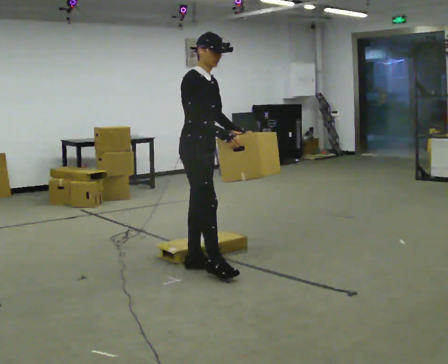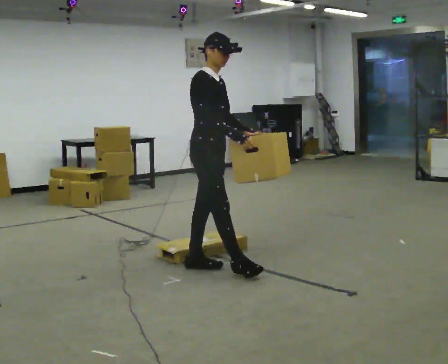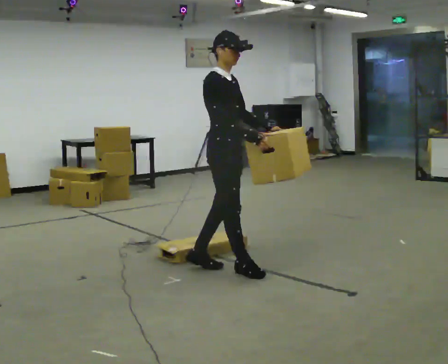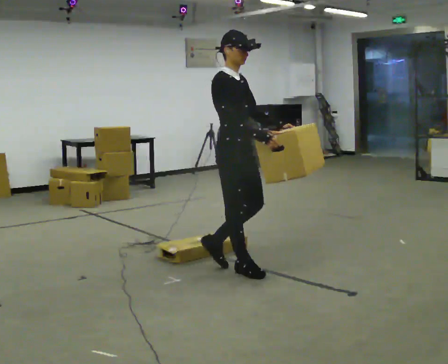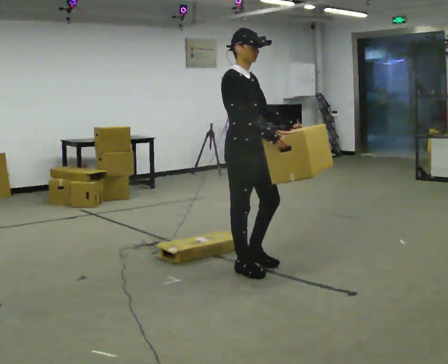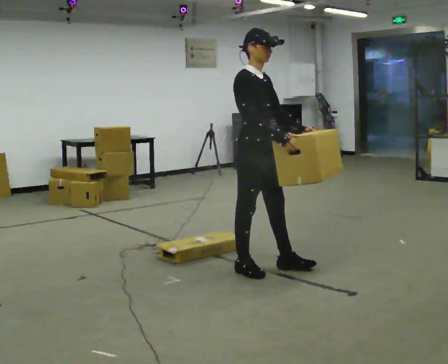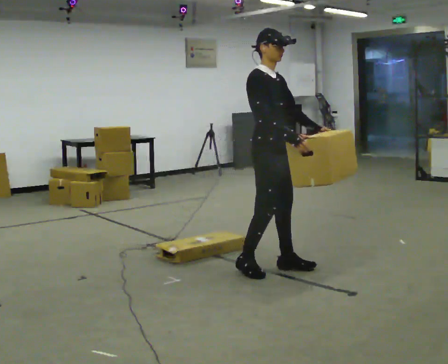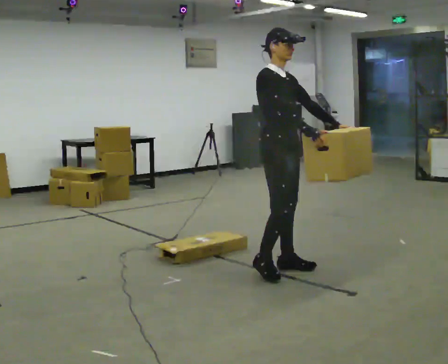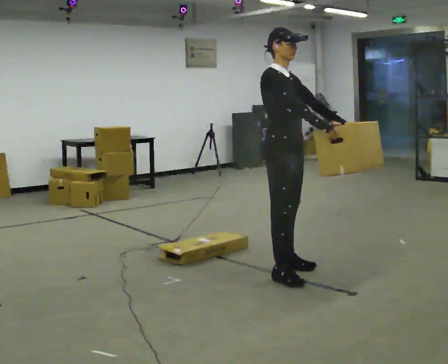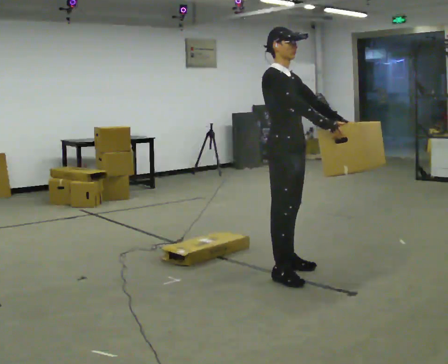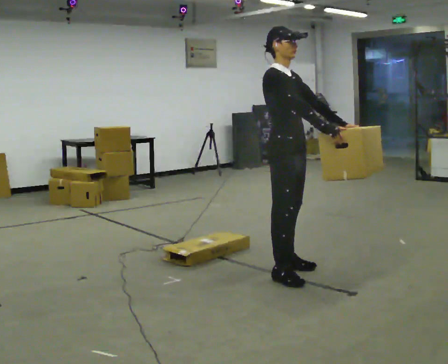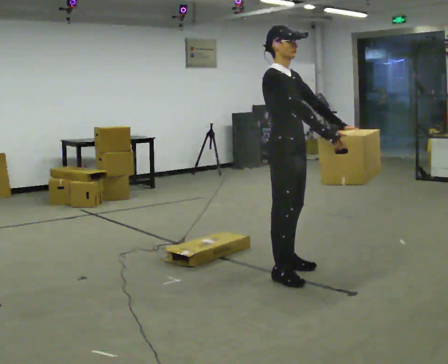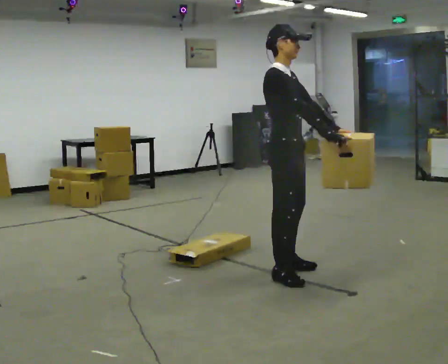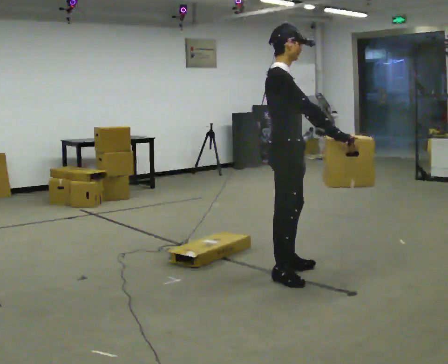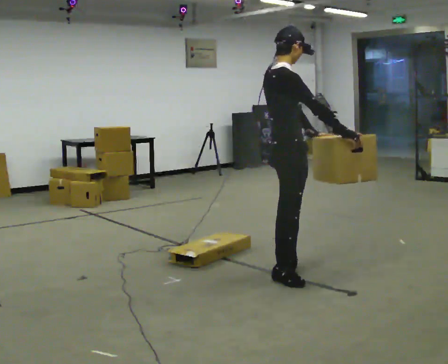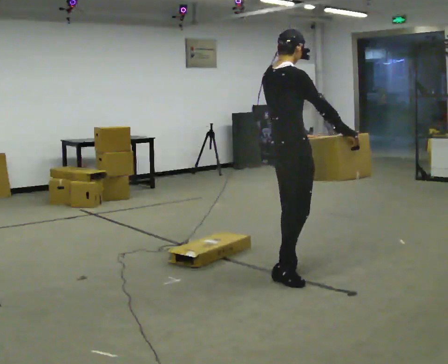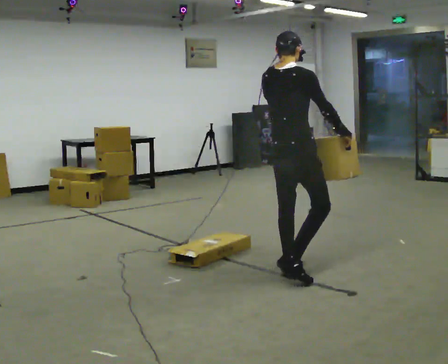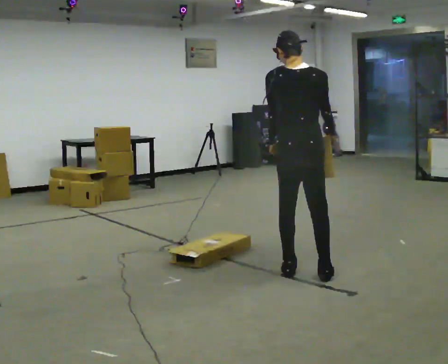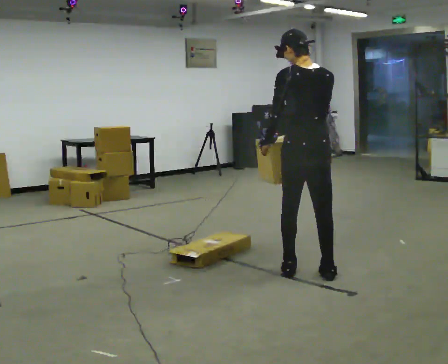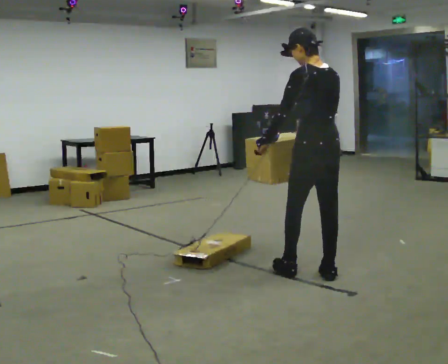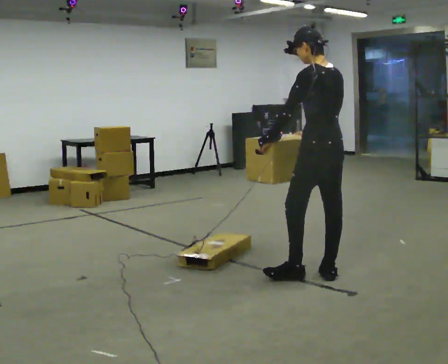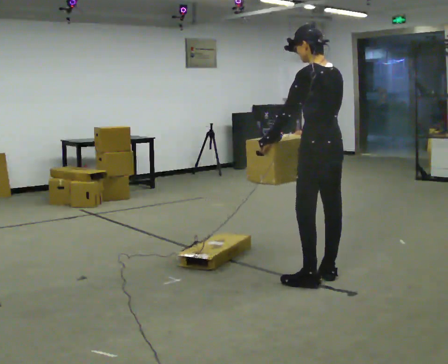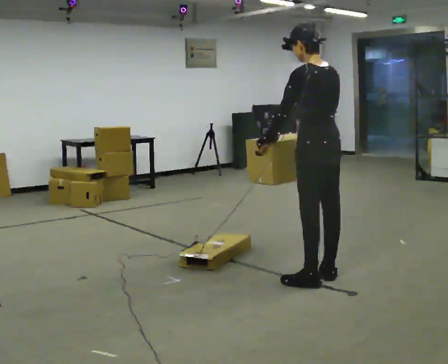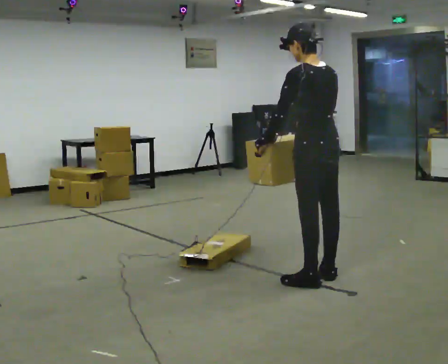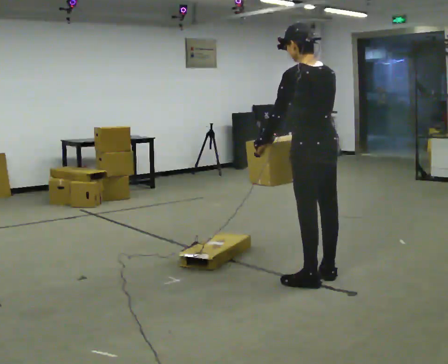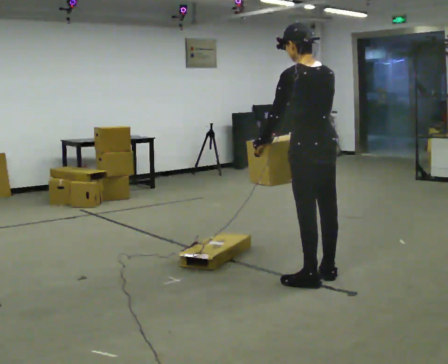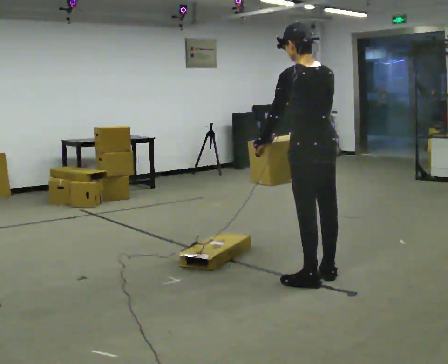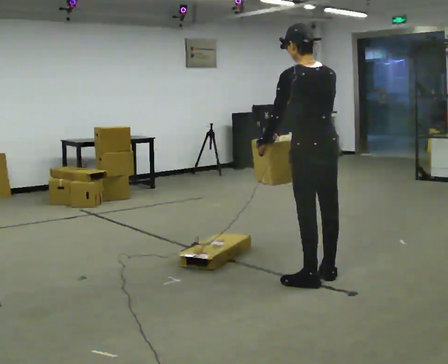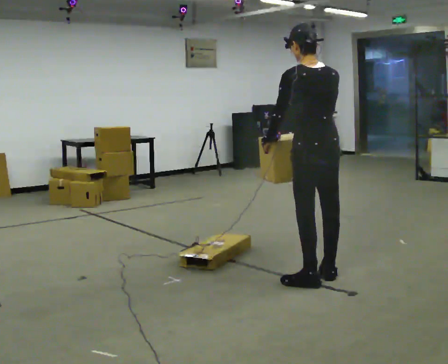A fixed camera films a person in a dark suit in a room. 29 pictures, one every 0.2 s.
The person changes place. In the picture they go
to the right.
0.0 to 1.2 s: In the picture they go to the right, about 0.5 m in 2 steps, which for them is forward.
1.2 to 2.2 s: The person moves a little, or ends about where they began.
2.2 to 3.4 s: The person turns about 105 degrees to their left, counterclockwise seen from above, so the part of the body nearest the lens slides to the right. In the picture their left hand goes to the left, the arm swinging clockwise.
3.4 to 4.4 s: The person turns about 45 degrees to their left, counterclockwise seen from above, so the part of the body nearest the lens slides to the right. In the picture they go to the right, about 0.25 m in 2 steps, which for them is backward.
4.4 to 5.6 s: The person moves a little, or ends about where they began.
The film runs forward here.
